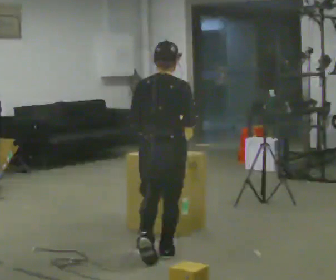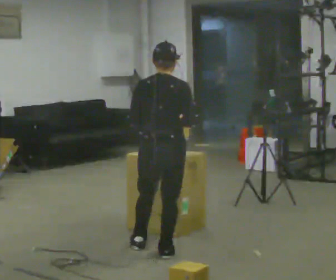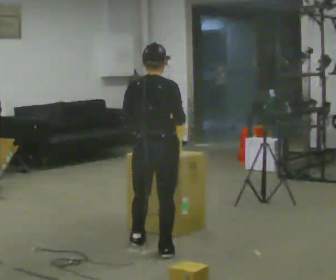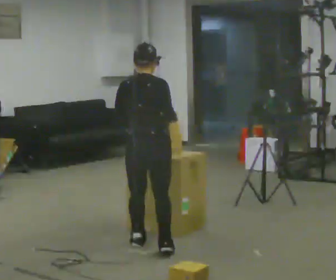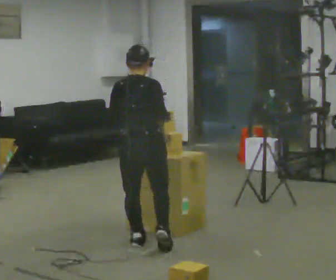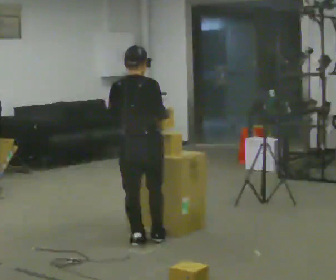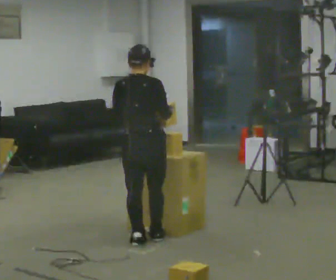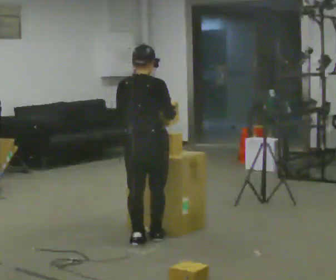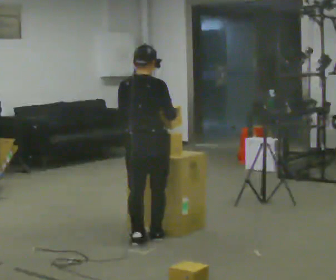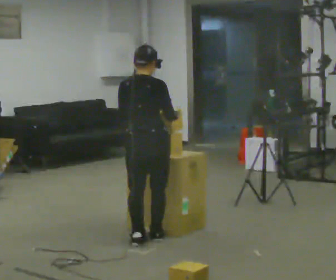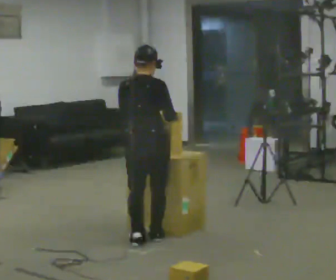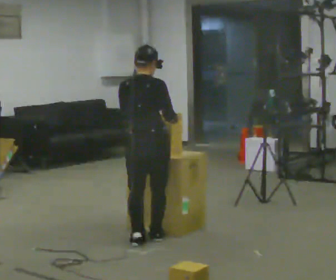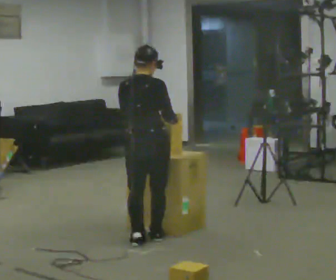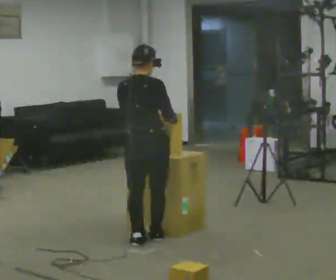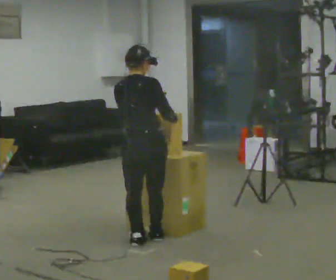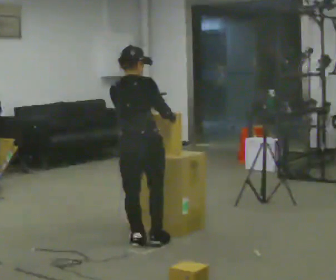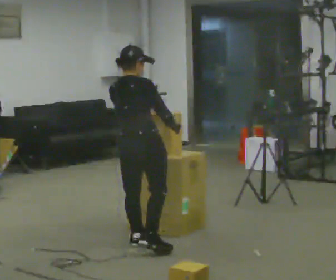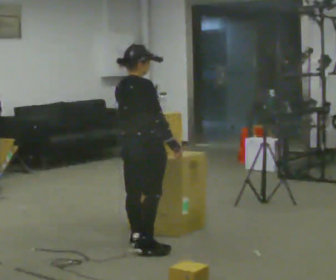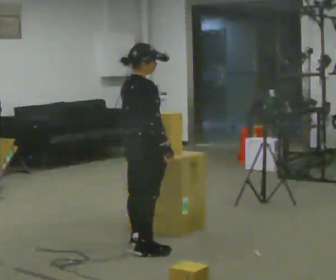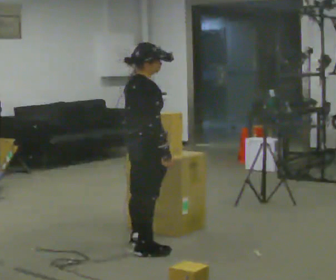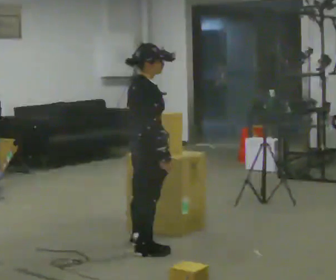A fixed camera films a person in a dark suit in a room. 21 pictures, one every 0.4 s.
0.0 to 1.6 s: In the picture they go away from the camera and to the left, about 0.5 m in 1 step, which for them is forward and to their left.
1.6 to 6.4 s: The person moves a little, or ends about where they began.
6.4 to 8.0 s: The person turns about 30 degrees to their right, clockwise seen from above, so the part of the body nearest the lens slides to the left. In the picture they go toward the camera, about 0.25 m, which for them is to their right.
The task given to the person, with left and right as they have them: 1. The operator will tell you the shelf is already sorted and just needs moving to the table. 2. Do what you think is right. 3. Tell the operator when you are finished.
The film runs forward here.
